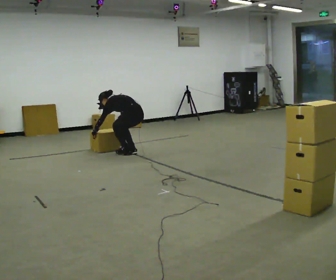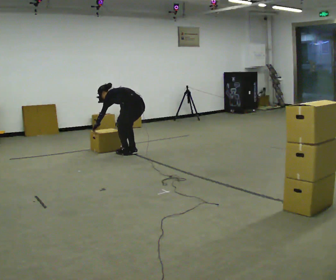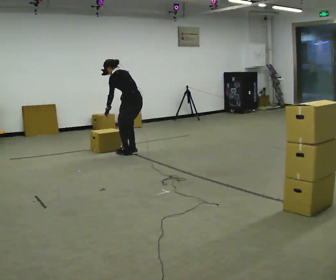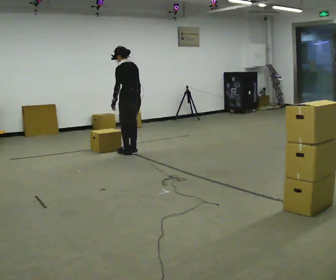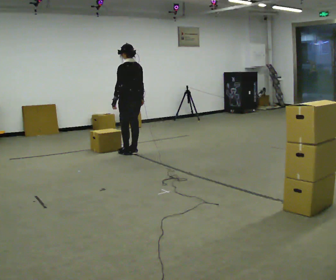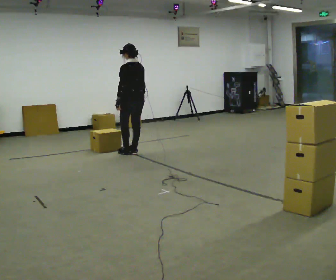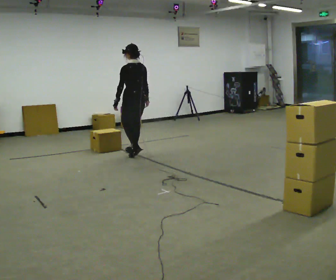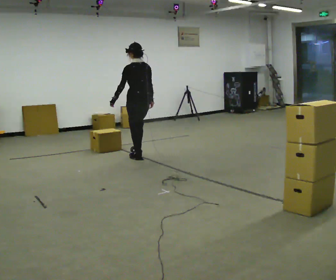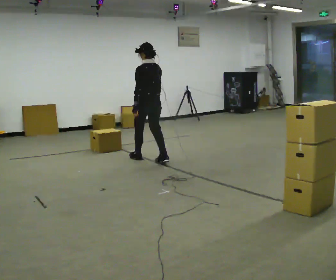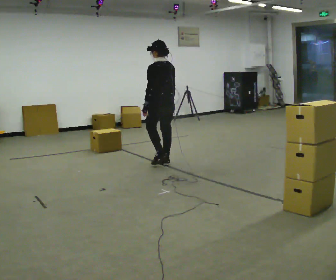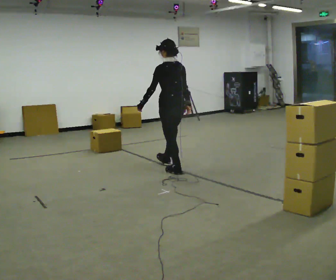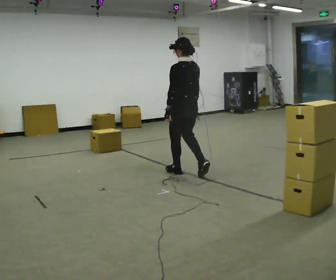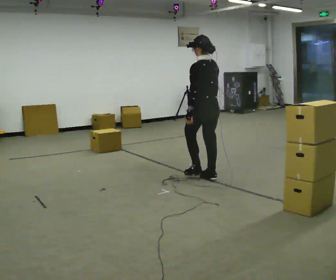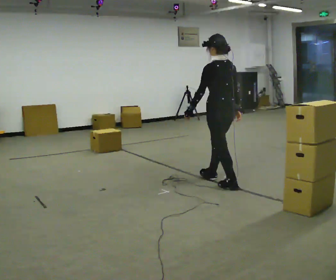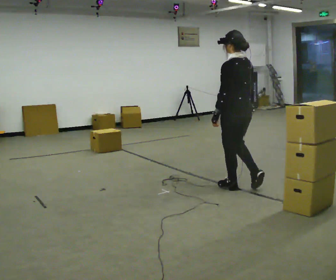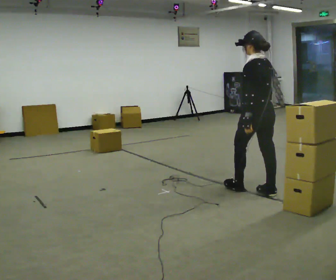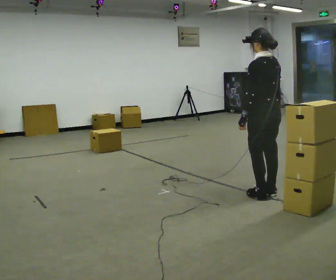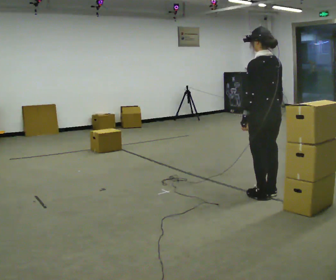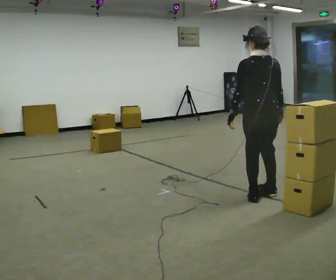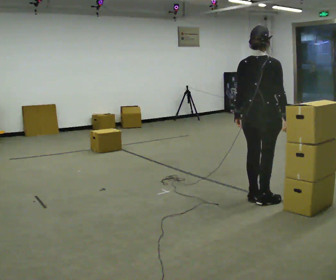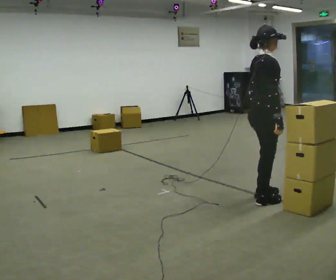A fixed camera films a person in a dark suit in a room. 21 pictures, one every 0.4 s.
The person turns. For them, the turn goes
to their right.
The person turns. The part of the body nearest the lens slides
to the left.
0.0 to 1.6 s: The shoulders move upward. In the picture the upper body tilts clockwise, shoulders to the right, as they lean back or straighten. In the picture their right hand goes upward and to the right.
1.6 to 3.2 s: In the picture they go toward the camera and to the right, about 0.5 m in 2 steps, which for them is backward.
3.2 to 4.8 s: In the picture they go toward the camera and to the right, about 1 m in 3 steps, which for them is backward.
4.8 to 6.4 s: In the picture they go toward the camera and to the right, about 1 m in 2 steps, which for them is backward.
6.4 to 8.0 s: Seen from above the body turns clockwise, about 120 degrees: to their right, with its near side sliding to the left. In the picture they go toward the camera, about 0.25 m in 2 steps.
The film runs backward here.
